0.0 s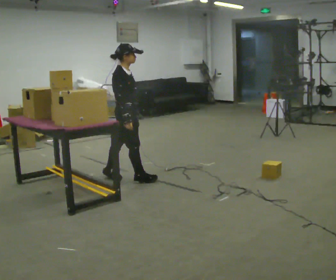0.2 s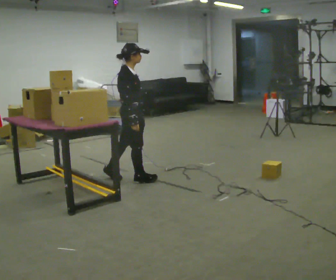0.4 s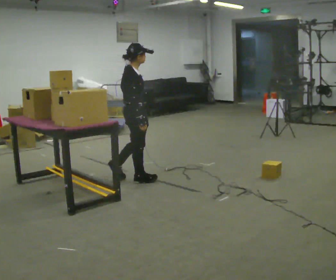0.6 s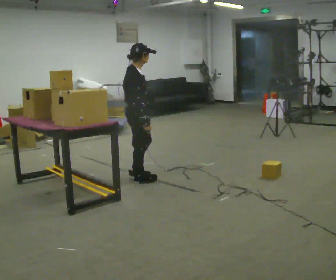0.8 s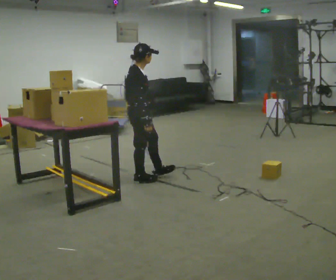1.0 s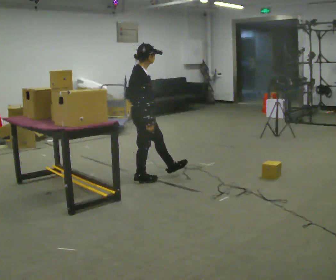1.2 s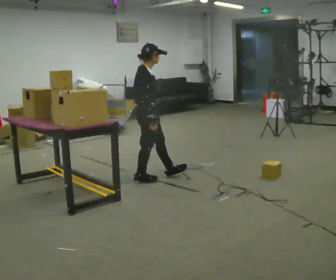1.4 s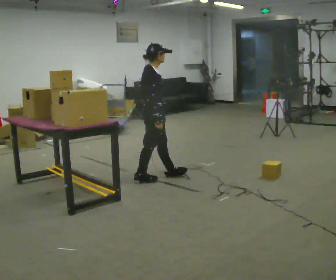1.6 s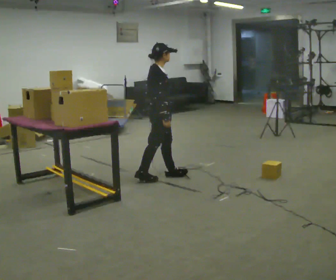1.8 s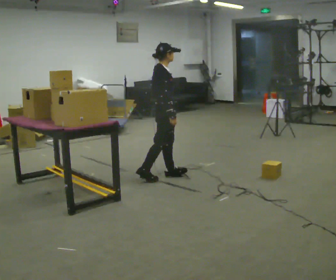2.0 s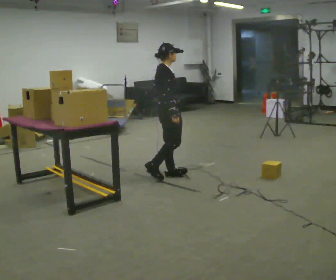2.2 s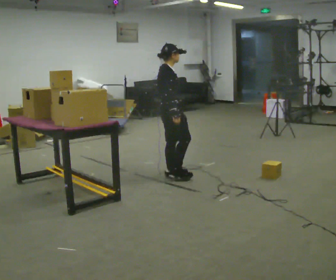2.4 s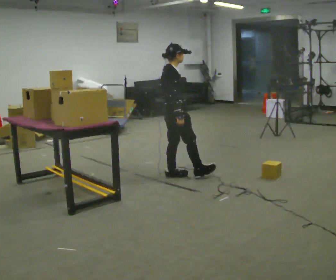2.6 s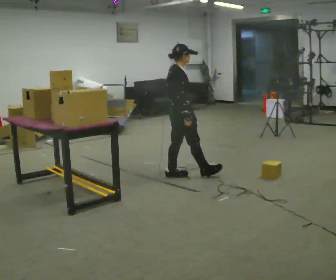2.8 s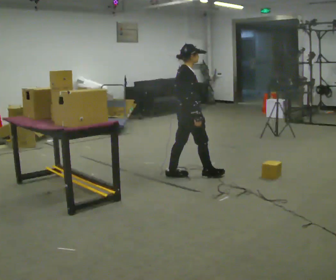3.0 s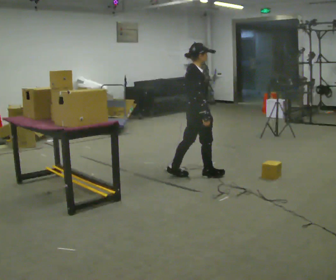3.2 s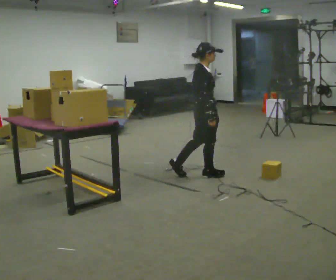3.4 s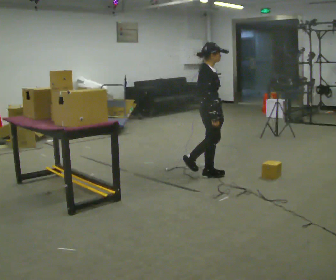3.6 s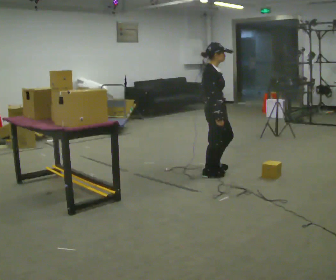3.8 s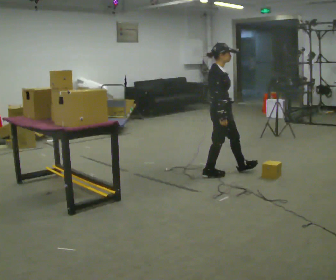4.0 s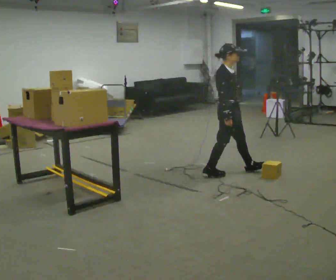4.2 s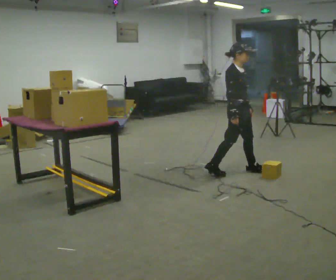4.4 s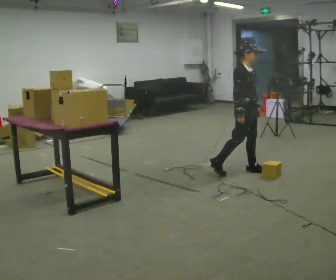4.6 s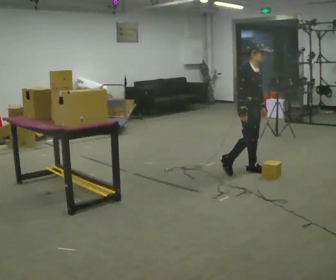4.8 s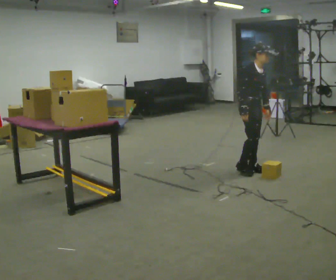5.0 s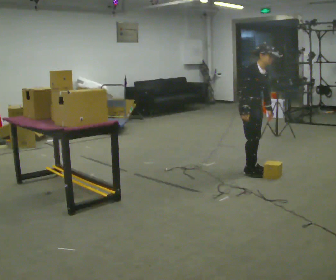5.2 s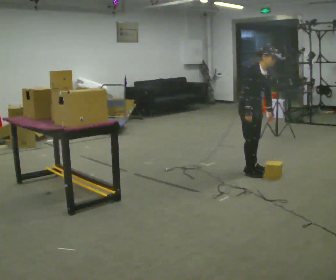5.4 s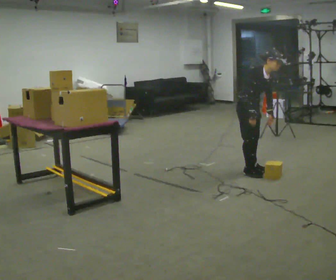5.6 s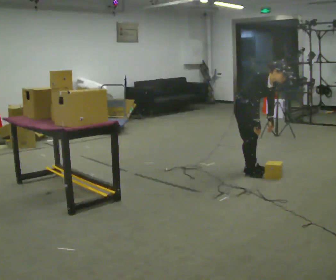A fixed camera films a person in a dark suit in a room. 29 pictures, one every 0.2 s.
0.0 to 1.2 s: In the picture they go to the right, about 0.25 m in 1 step, which for them is forward.
1.2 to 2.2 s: In the picture they go to the right, about 0.25 m, which for them is forward.
2.2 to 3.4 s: In the picture they go to the right, about 0.5 m in 1 step, which for them is forward.
3.4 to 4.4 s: The person turns about 30 degrees to their right, clockwise seen from above, so the part of the body nearest the lens slides to the left. In the picture they go to the right, about 0.5 m in 1 step, which for them is forward and to their left.
4.4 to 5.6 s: In the picture the upper body tilts clockwise, shoulders to the right, as they bend forward.
The film runs forward here.
